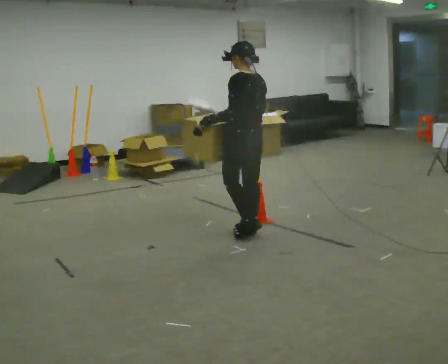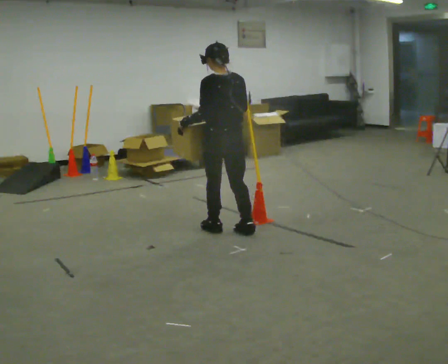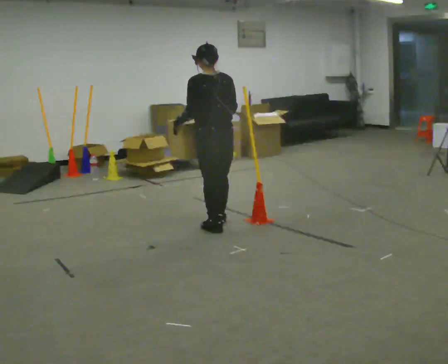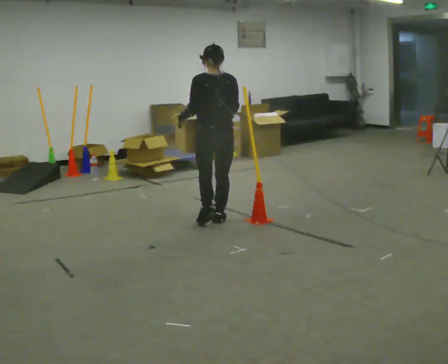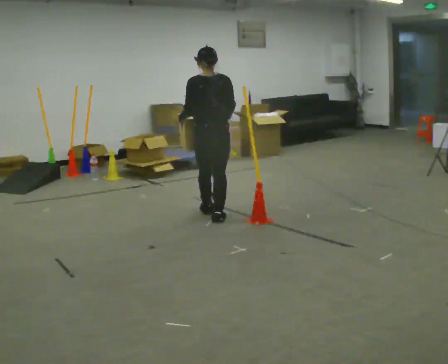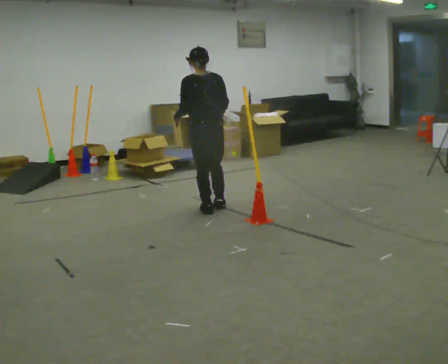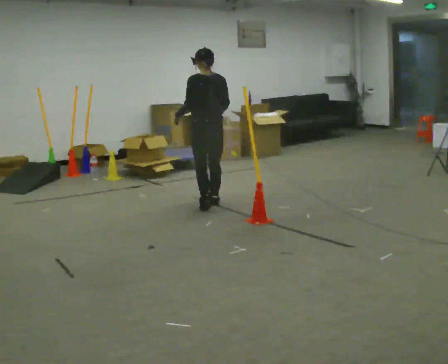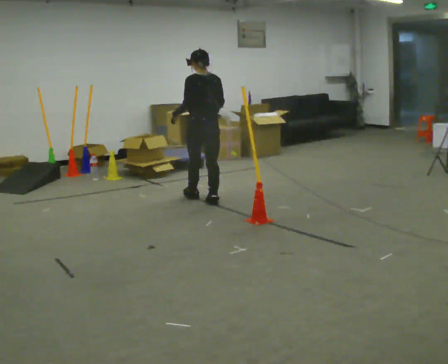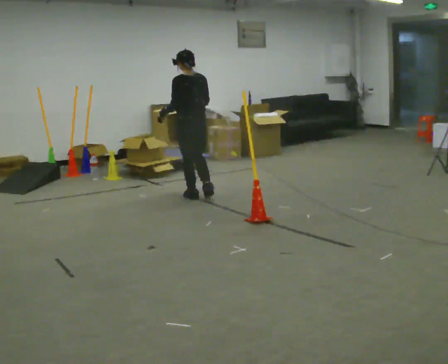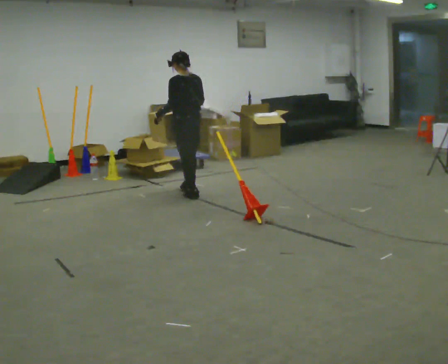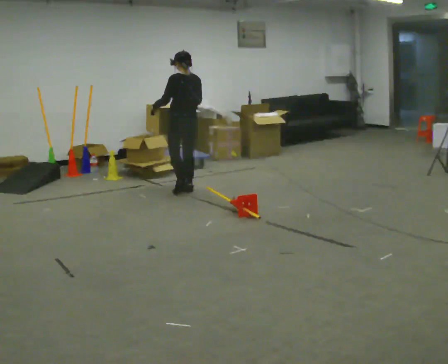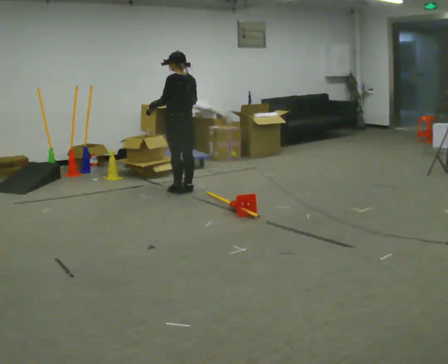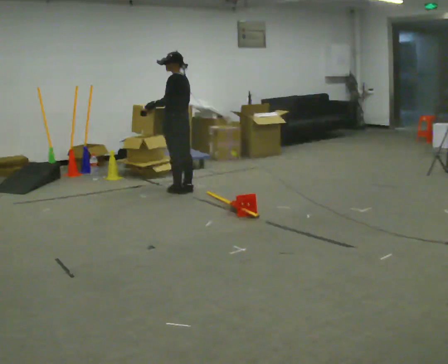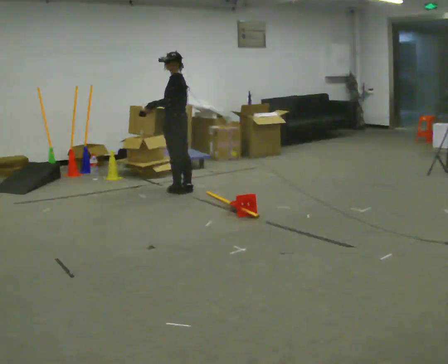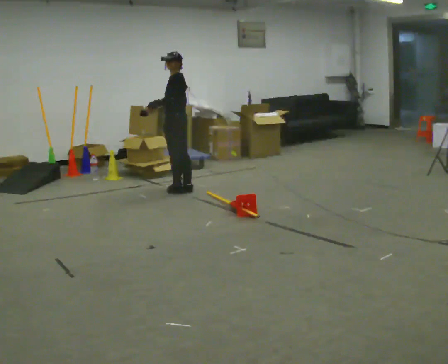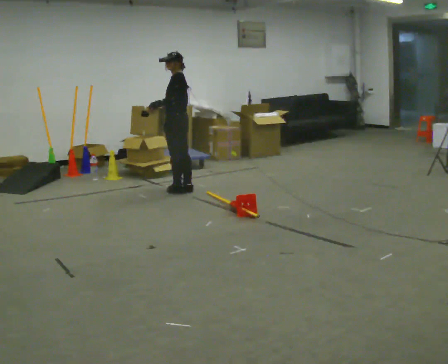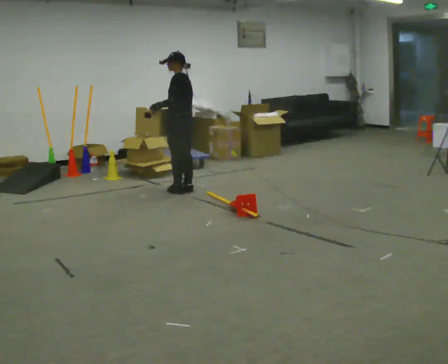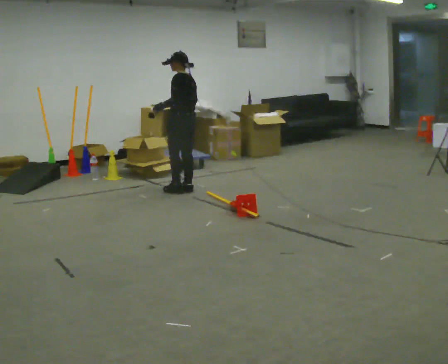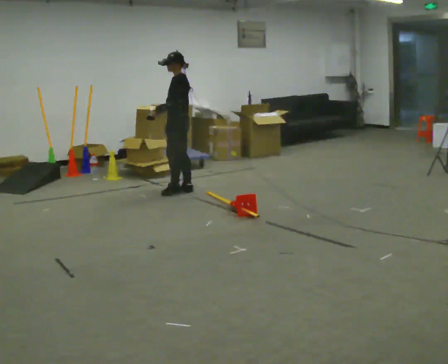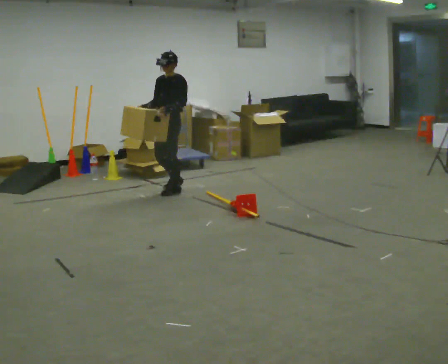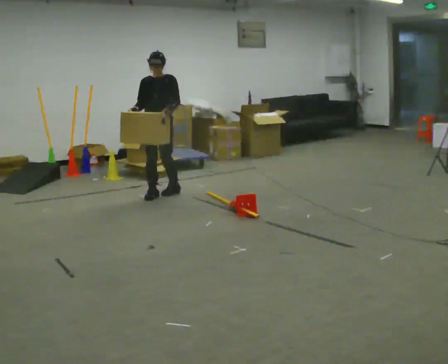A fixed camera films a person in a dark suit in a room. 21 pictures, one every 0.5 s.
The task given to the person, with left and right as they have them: Walk toward obstacle; alter path to avoid it; continue toward original destination.
0.0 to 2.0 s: The part of the body nearest the lens slides to the left as the person turns to their right by about 45 degrees. In the picture they go away from the camera and to the left, about 0.5 m in 3 steps, which for them is forward.
2.0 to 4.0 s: In the picture they go away from the camera, about 0.5 m in 2 steps, which for them is forward.
4.0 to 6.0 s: Seen from above the body turns counterclockwise, about 30 degrees: to their left, with its near side sliding to the right. In the picture they go away from the camera, about 0.25 m in 2 steps, which for them is forward.
6.0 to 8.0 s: The person moves a little, or ends about where they began.
8.0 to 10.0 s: The part of the body nearest the lens slides to the right as the person turns to their left by about 90 degrees. In the picture they go to the left and toward the camera, about 0.25 m in 1 step.
The film runs forward here.
